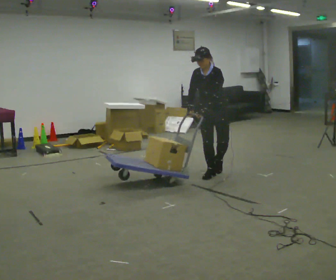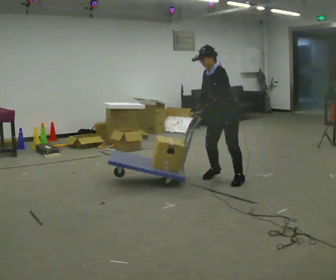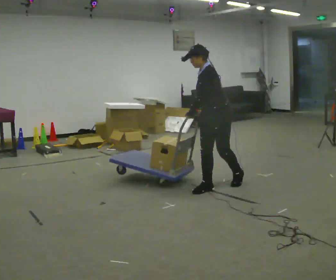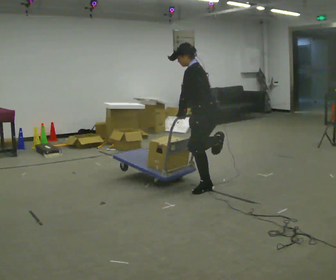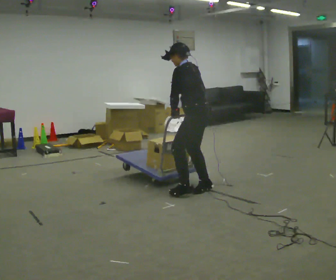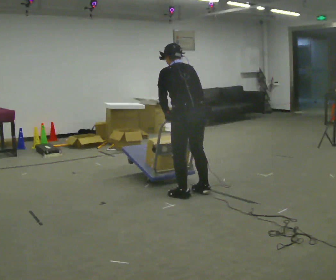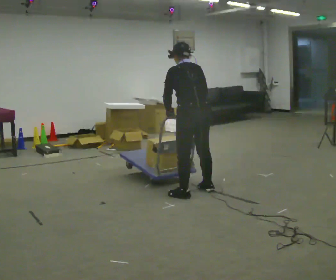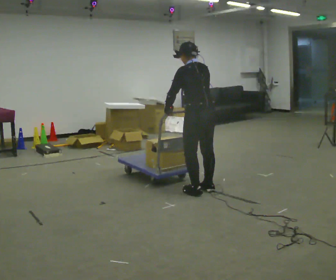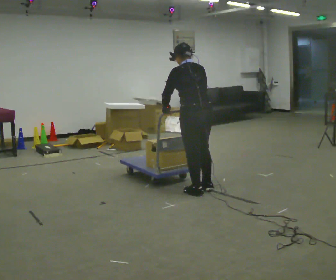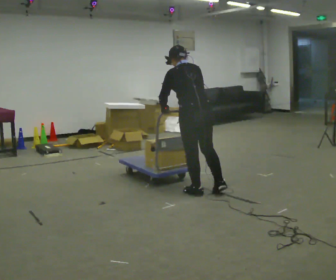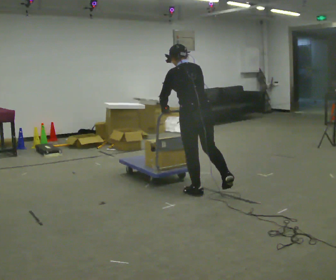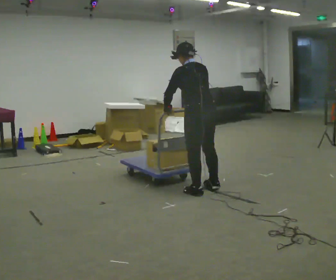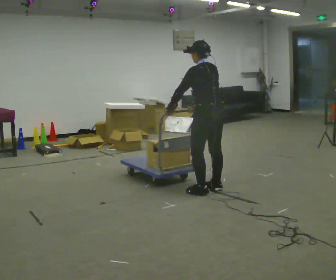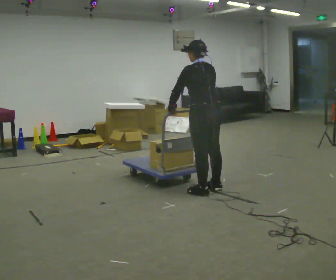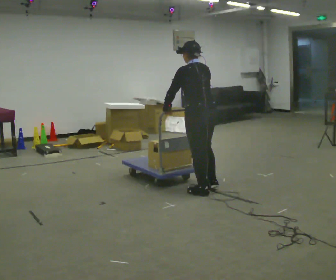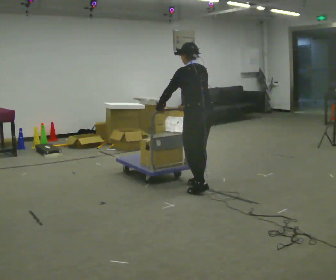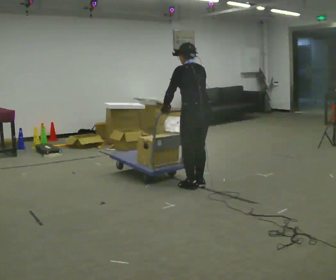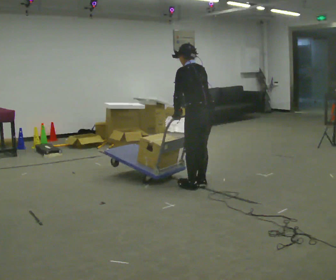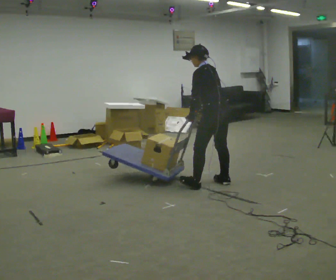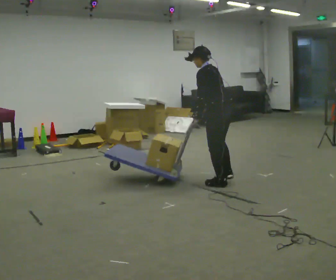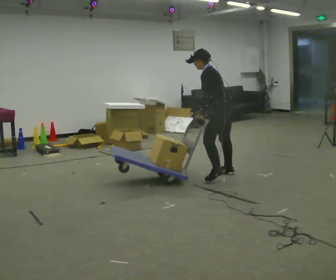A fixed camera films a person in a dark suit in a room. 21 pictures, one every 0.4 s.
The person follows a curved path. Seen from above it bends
clockwise.
0.0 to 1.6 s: Seen from above the body turns clockwise, about 75 degrees: to their right, with its near side sliding to the left. In the picture they go toward the camera, about 1 m in 2 steps. The upper body tips away from the camera, its near side rolling upward.
1.6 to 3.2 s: The part of the body nearest the lens slides to the left as the person turns to their right by about 45 degrees.
3.2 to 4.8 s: The person moves a little, or ends about where they began.
4.8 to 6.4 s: In the picture they go to the left, about 0.25 m in 2 steps, which for them is forward.
6.4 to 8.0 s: In the picture they go away from the camera and to the right, about 0.5 m in 3 steps, which for them is to their right. In the picture the upper body tilts counterclockwise, shoulders to the left.
The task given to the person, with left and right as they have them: Turn the cart round to face the other way without moving it out of the marked square, then turn it back. Repeat until the operator says stop.
The film runs forward here.
